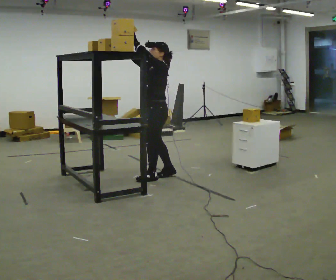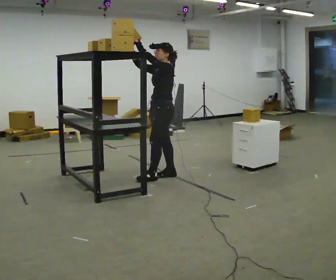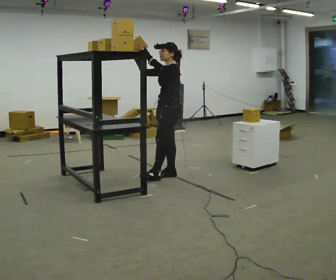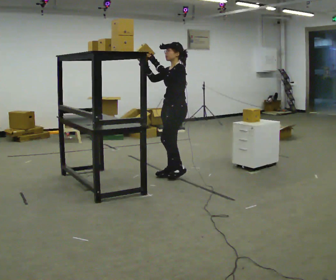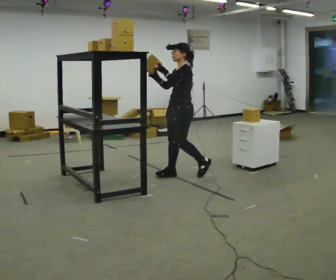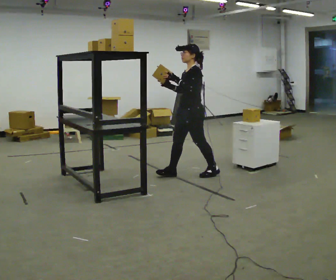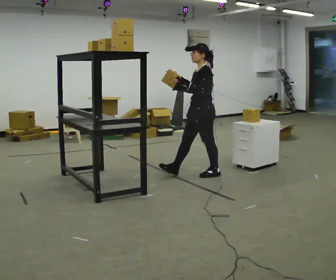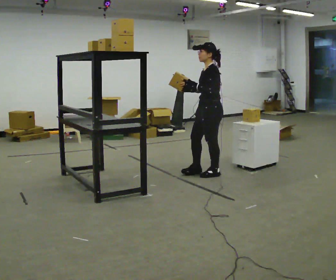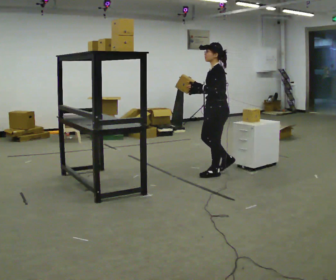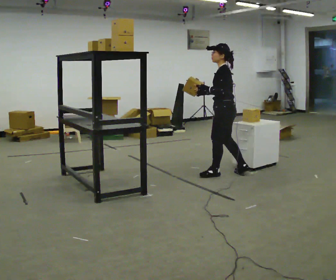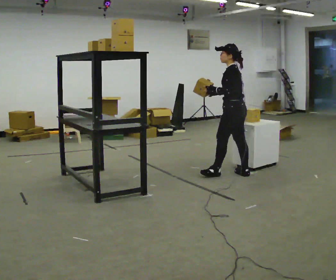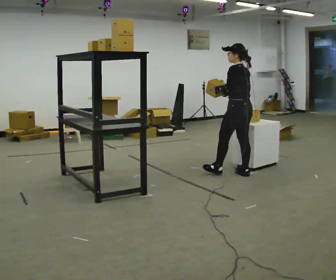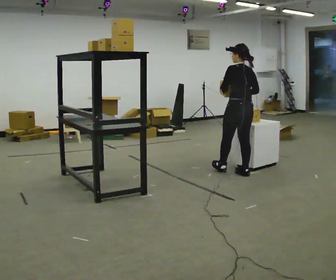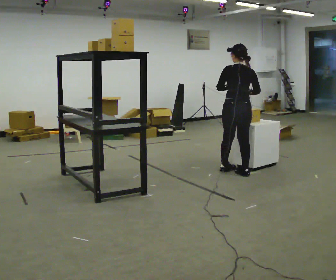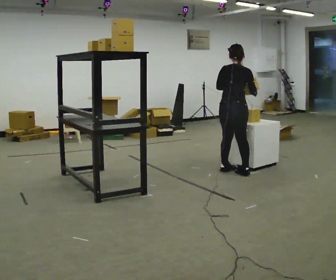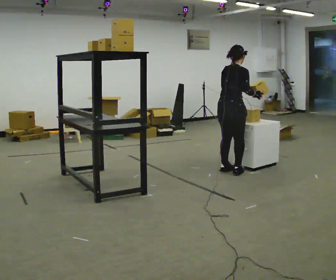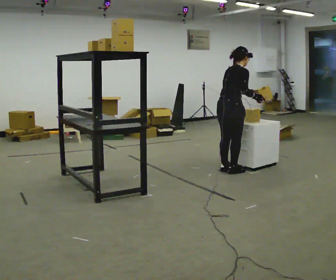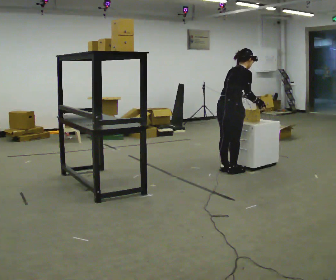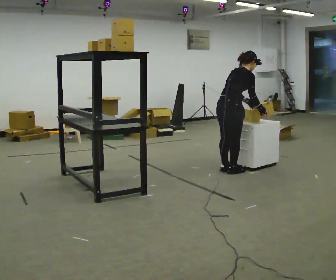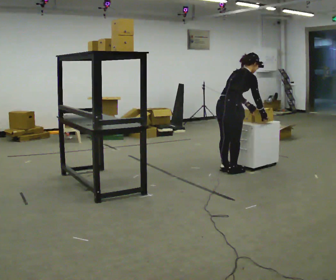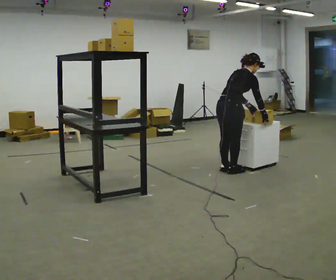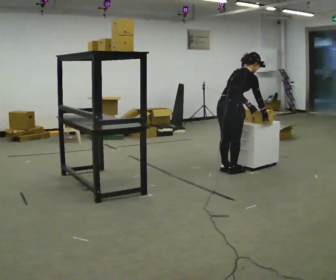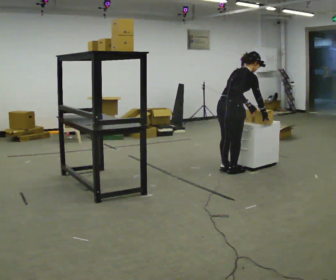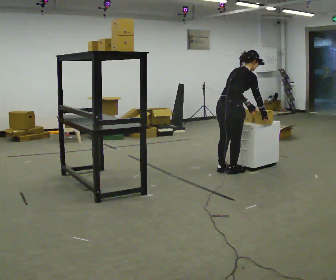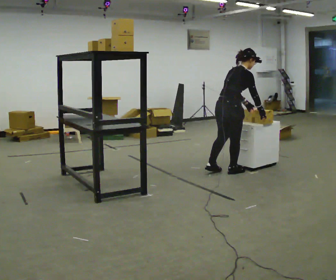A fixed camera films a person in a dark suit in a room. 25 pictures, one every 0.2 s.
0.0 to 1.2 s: In the picture they go to the right, about 0.5 m in 1 step, which for them is backward. In the picture their right hand goes downward, the arm swinging counterclockwise.
1.2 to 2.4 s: Seen from above the body turns clockwise, about 75 degrees: to their right, with its near side sliding to the left. In the picture they go to the right, about 0.5 m in 2 steps.
2.4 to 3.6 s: The person turns about 90 degrees to their right, clockwise seen from above, so the part of the body nearest the lens slides to the left. In the picture they go to the left, about 0.25 m in 1 step. In the picture the upper body tilts clockwise, shoulders to the right, as they bend forward.
3.6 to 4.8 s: The person moves a little, or ends about where they began.
The film runs backward here.
